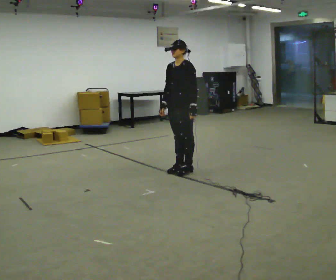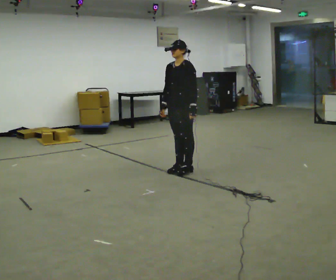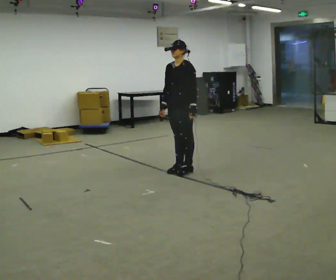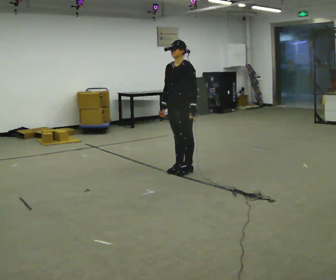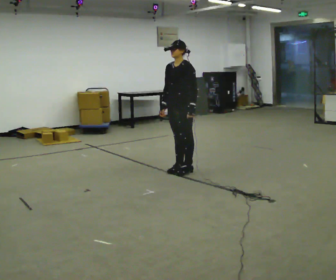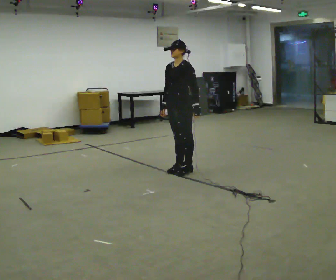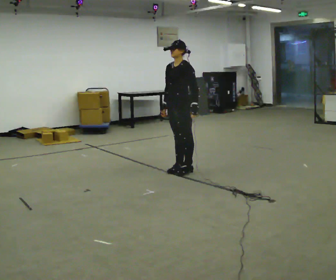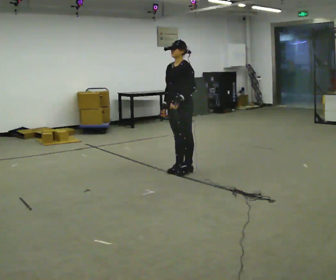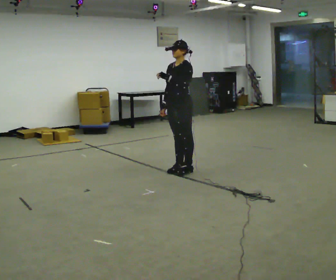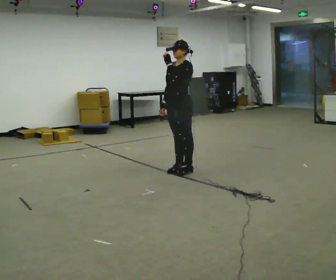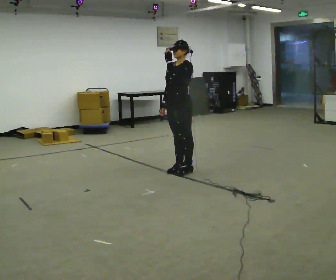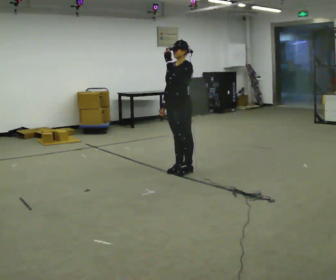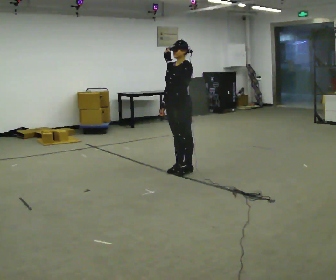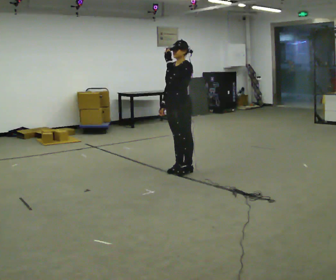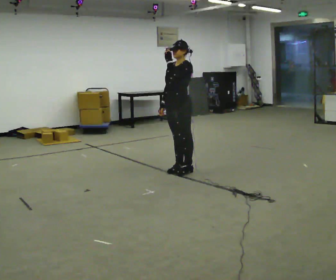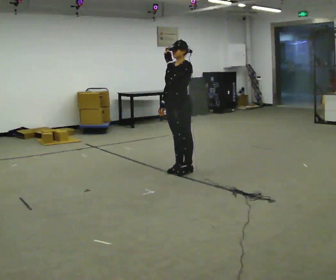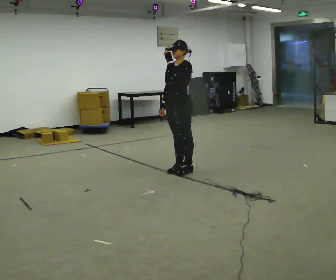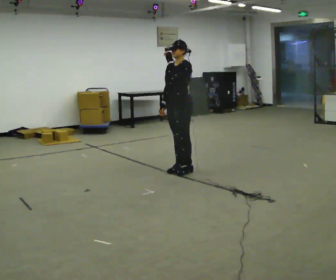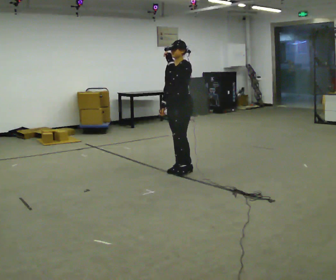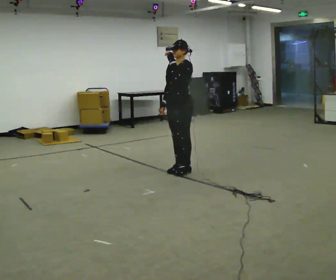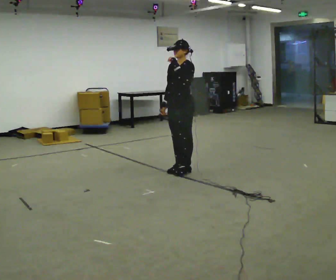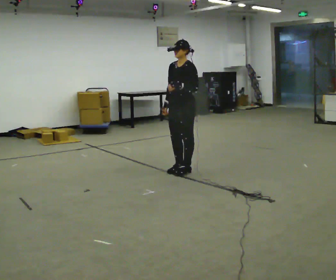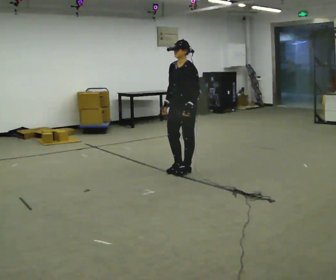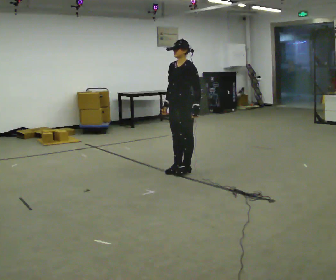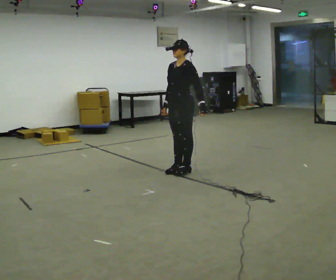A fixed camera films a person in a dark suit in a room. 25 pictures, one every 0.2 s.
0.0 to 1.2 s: The person moves a little, or ends about where they began.
1.2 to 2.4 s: In the picture their left hand goes upward and to the left.
2.4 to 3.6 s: The person moves a little, or ends about where they began.
3.6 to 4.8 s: In the picture their left hand goes downward and to the right.
The film runs backward here.
